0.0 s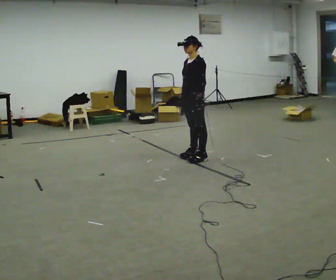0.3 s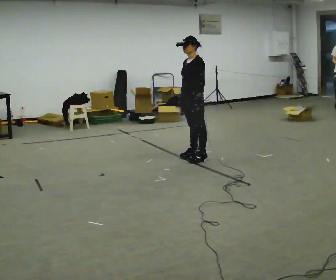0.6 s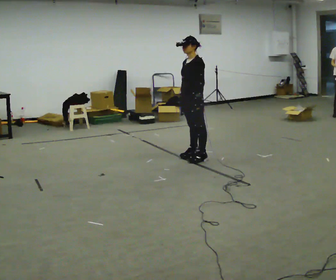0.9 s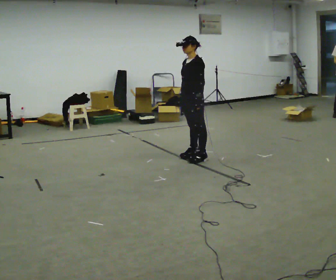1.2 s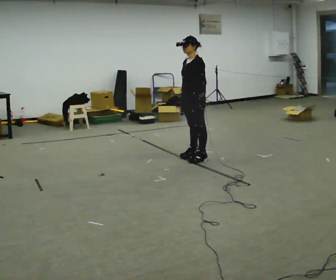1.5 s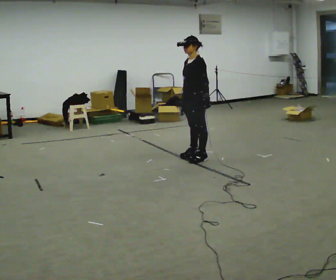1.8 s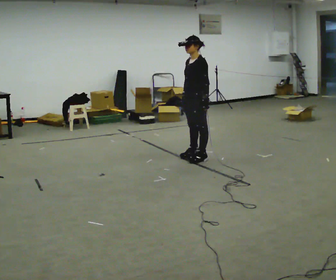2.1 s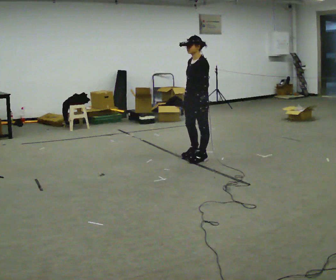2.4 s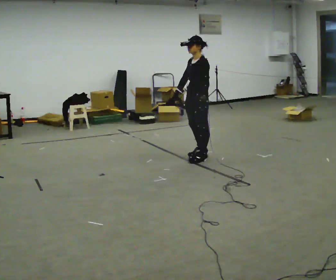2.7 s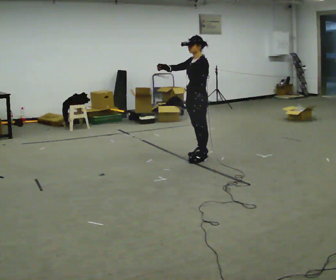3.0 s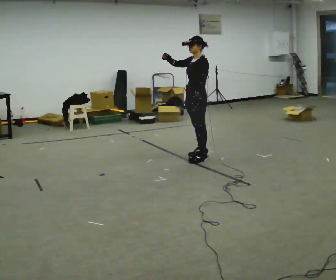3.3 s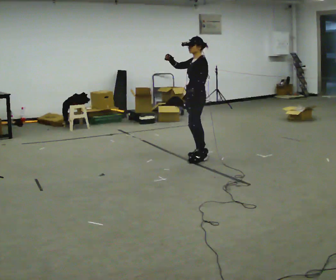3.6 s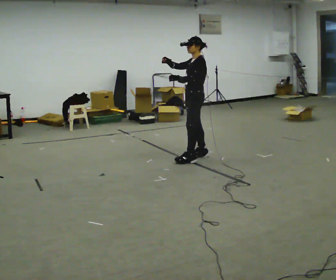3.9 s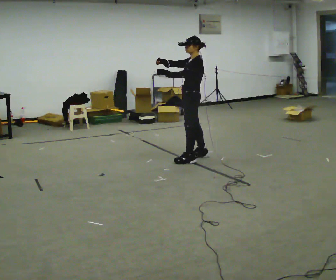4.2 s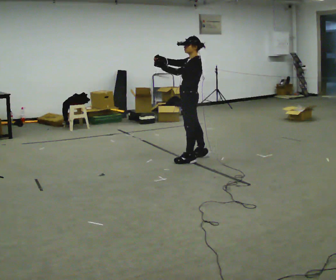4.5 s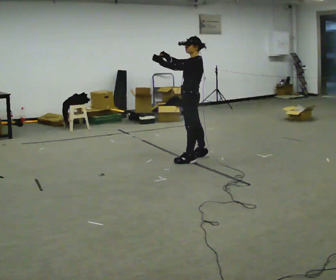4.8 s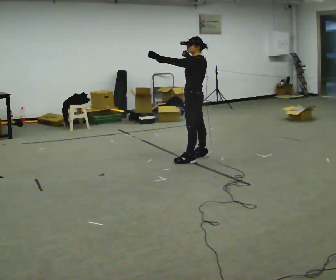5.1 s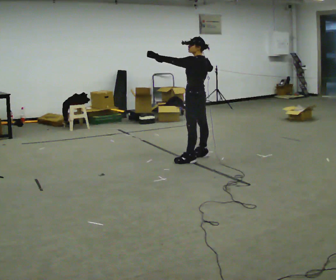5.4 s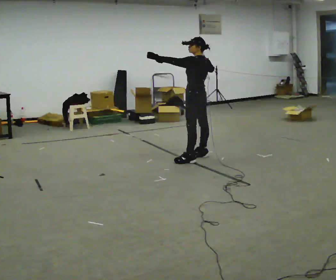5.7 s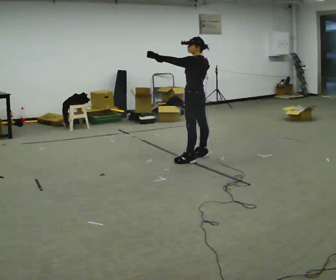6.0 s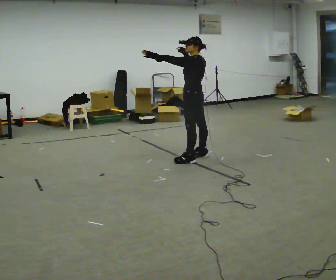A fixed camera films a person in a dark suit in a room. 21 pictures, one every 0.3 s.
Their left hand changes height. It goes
upward.
Their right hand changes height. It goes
upward.
0.0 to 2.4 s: The person moves a little, or ends about where they began.
2.4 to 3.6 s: In the picture their right hand goes upward, the arm swinging clockwise.
3.6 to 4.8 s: The person turns about 30 degrees to their right, clockwise seen from above, so the part of the body nearest the lens slides to the left.
4.8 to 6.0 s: The person moves a little, or ends about where they began.
The film runs forward here.
